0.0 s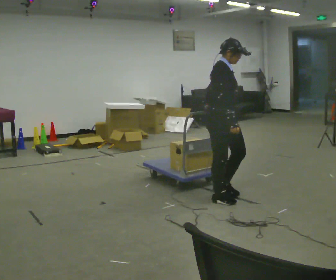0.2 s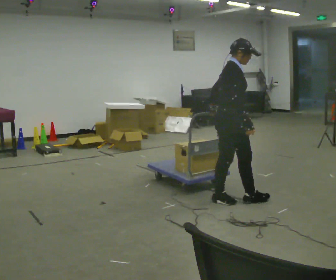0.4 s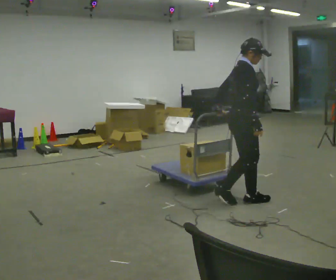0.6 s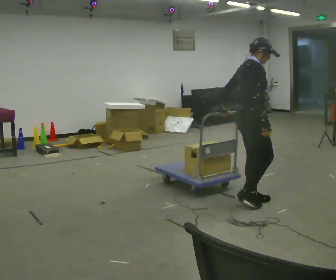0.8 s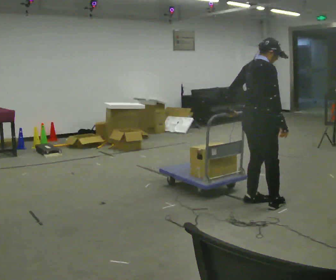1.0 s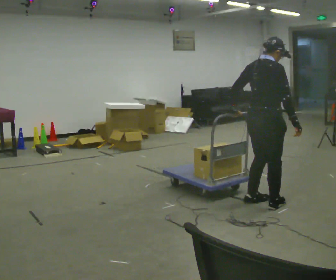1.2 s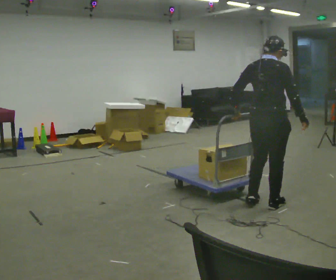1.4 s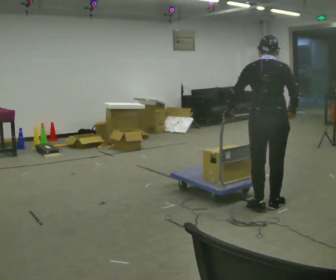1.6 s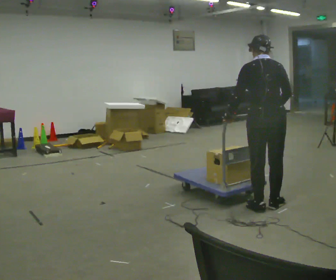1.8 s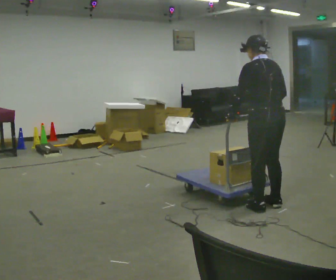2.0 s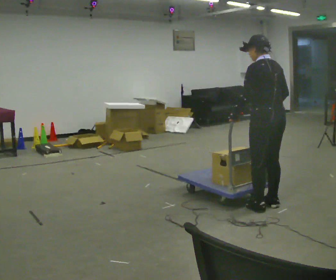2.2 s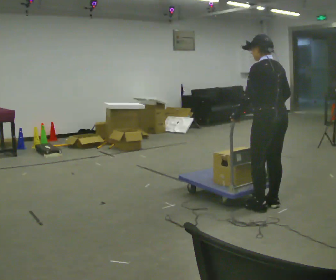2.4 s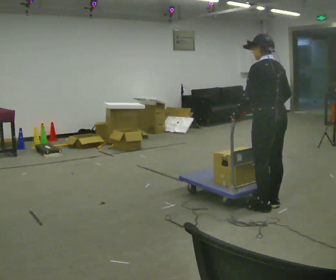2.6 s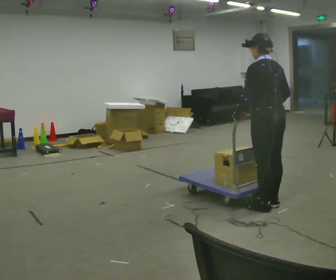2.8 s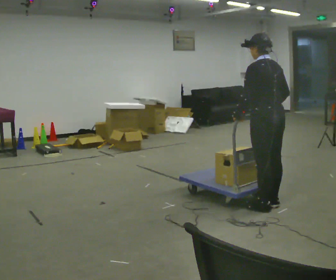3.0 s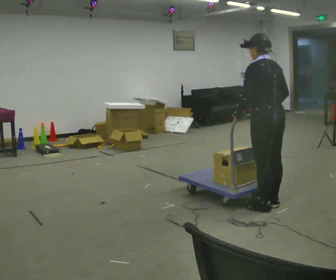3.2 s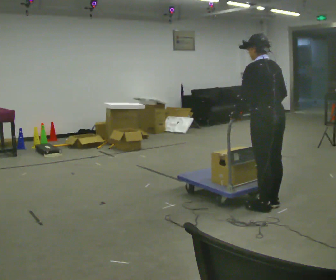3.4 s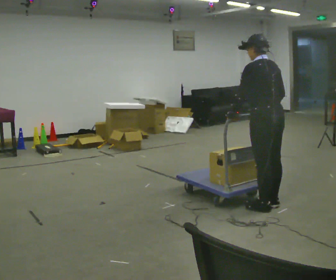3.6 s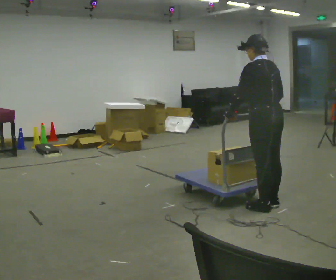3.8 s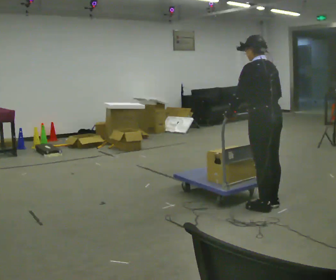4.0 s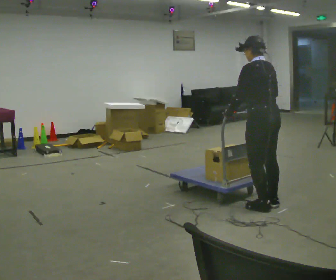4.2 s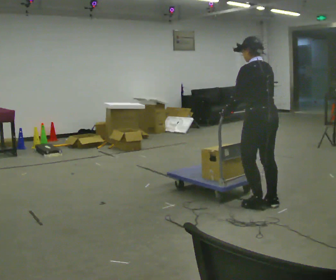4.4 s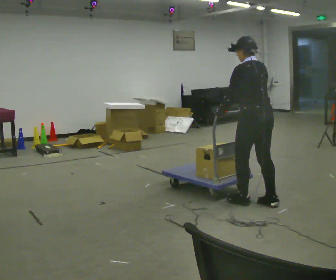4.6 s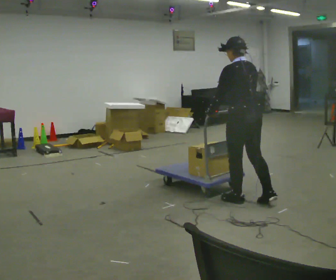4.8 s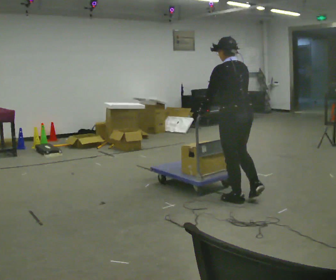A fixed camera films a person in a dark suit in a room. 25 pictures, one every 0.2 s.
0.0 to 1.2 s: The part of the body nearest the lens slides to the right as the person turns to their left by about 75 degrees. In the picture they go to the right, about 0.5 m in 2 steps.
1.2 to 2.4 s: The person turns about 75 degrees to their left, counterclockwise seen from above, so the part of the body nearest the lens slides to the right. In the picture their right hand goes to the left.
2.4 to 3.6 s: The person moves a little, or ends about where they began.
3.6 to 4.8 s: In the picture they go to the left, about 0.25 m in 1 step, which for them is forward.
The film runs forward here.
